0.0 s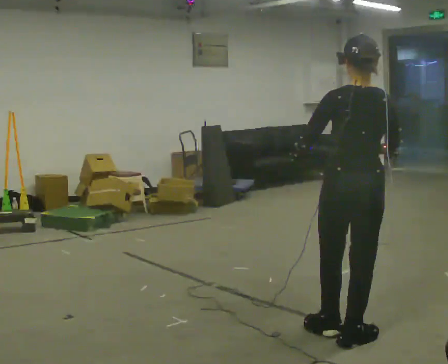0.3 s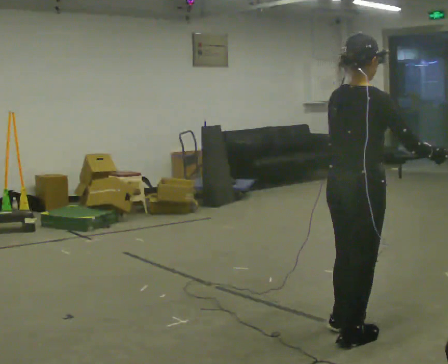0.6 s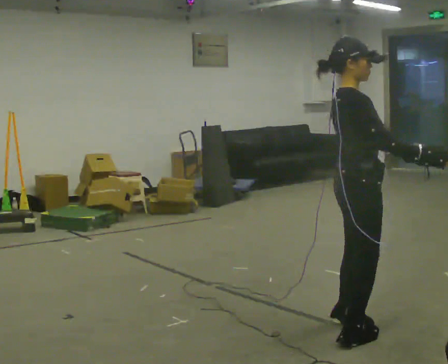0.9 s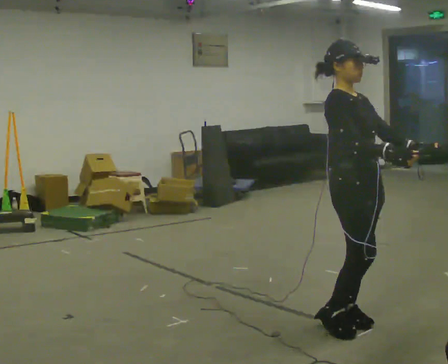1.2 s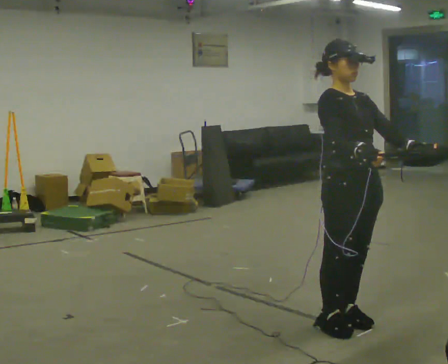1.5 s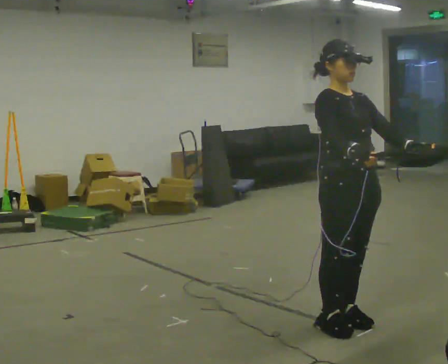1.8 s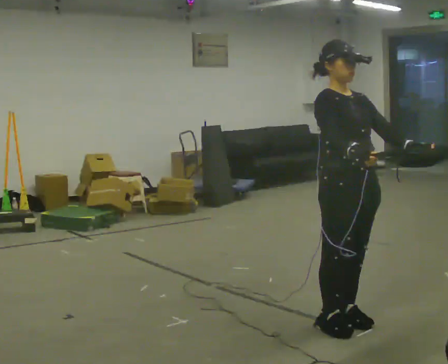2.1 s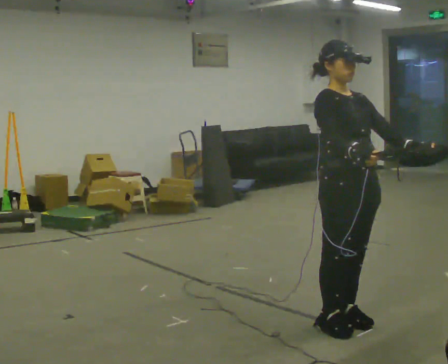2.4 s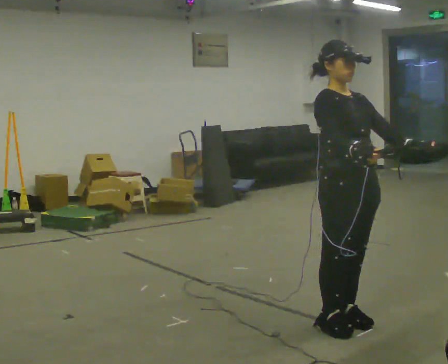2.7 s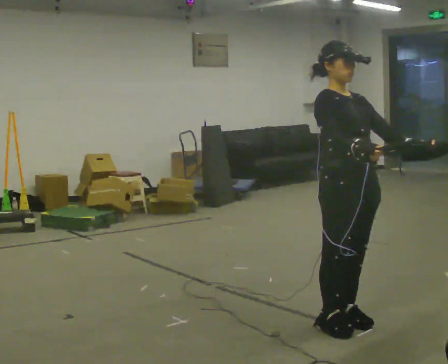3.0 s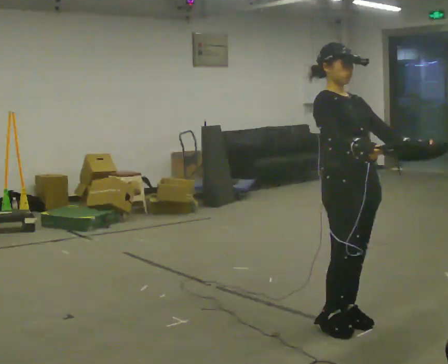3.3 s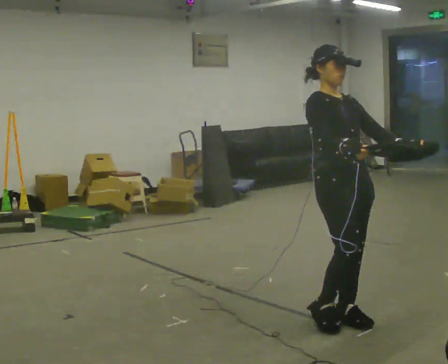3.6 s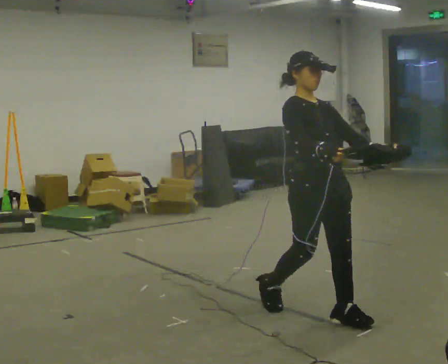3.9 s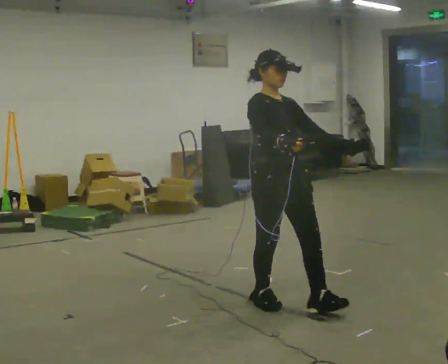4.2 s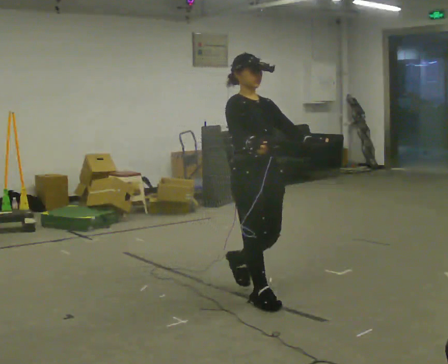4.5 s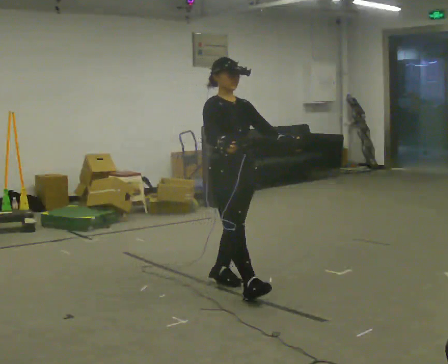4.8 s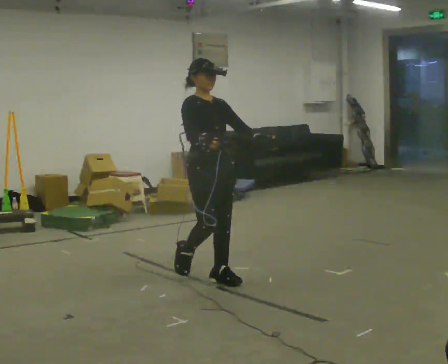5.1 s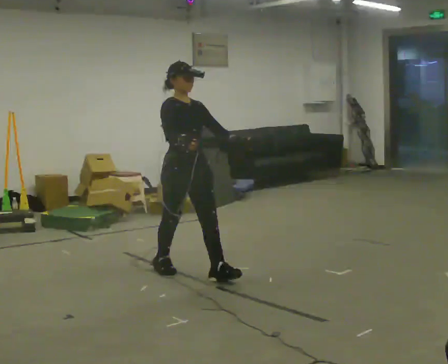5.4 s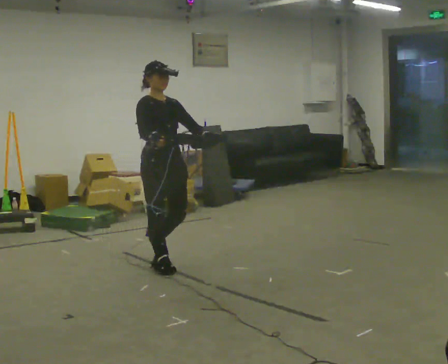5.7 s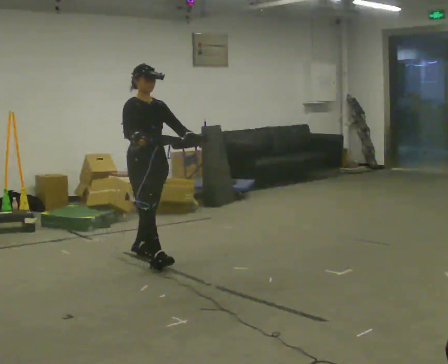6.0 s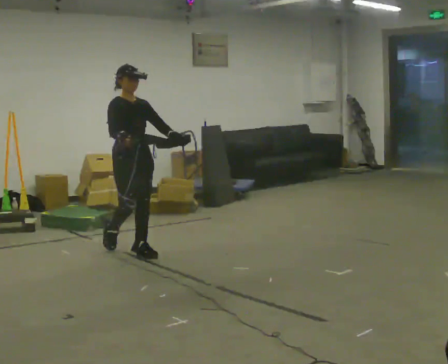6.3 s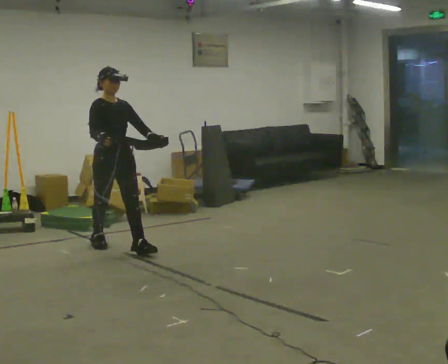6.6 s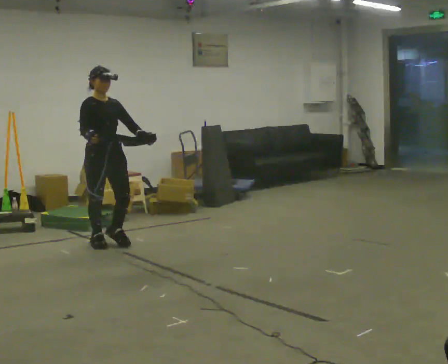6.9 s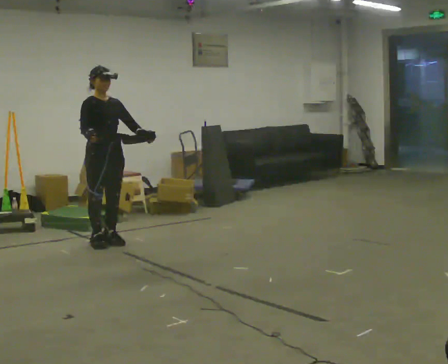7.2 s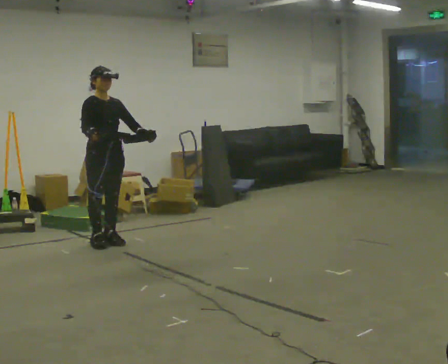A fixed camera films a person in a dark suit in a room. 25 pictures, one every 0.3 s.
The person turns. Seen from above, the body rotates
clockwise.
The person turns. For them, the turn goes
to their right.
0.0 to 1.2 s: The person turns about 135 degrees to their right, clockwise seen from above, so the part of the body nearest the lens slides to the left. In the picture they go away from the camera, about 0.25 m in 2 steps.
1.2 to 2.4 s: The person moves a little, or ends about where they began.
2.4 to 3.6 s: In the picture they go away from the camera, about 0.25 m in 1 step, which for them is backward.
3.6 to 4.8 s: In the picture they go away from the camera and to the left, about 1 m in 2 steps, which for them is backward.
4.8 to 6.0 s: In the picture they go to the left and away from the camera, about 1 m in 2 steps, which for them is backward.
6.0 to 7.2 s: In the picture they go to the left and away from the camera, about 0.5 m in 1 step, which for them is backward.
The film runs backward here.
